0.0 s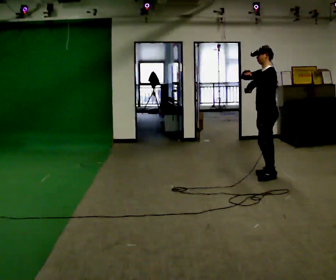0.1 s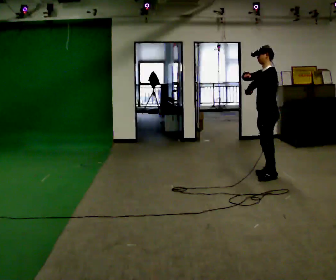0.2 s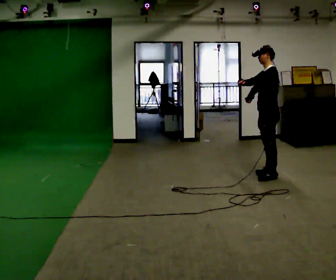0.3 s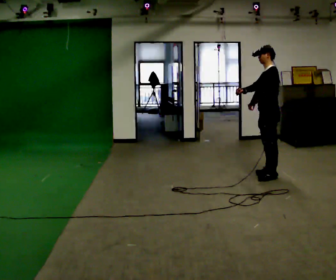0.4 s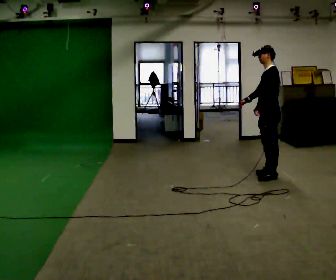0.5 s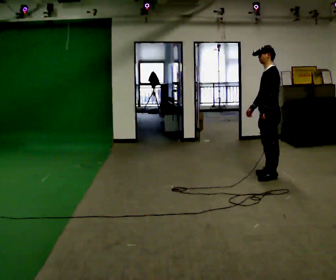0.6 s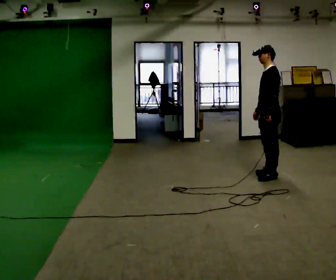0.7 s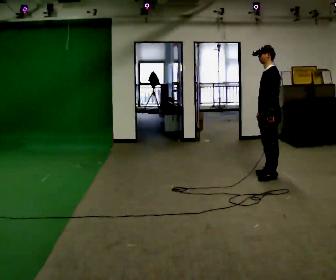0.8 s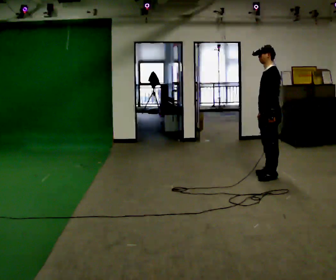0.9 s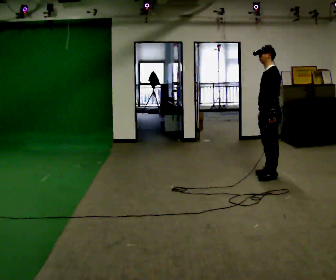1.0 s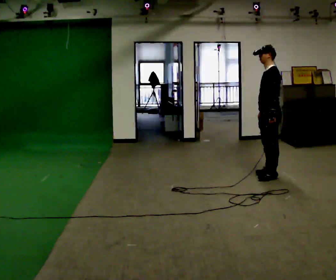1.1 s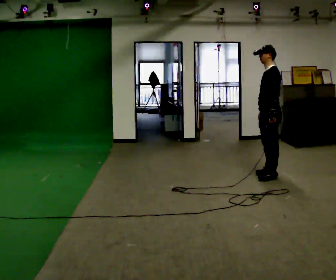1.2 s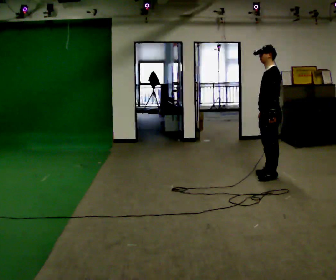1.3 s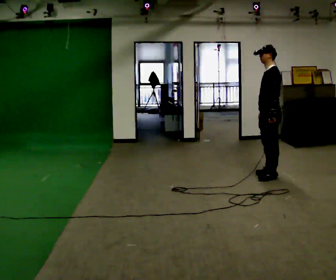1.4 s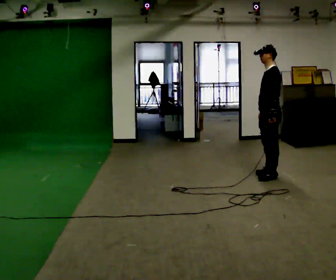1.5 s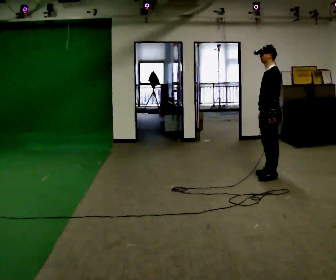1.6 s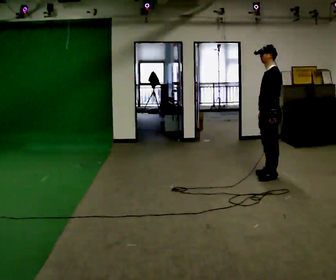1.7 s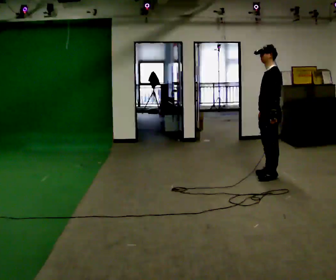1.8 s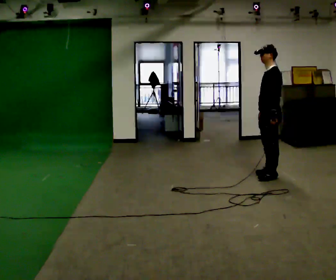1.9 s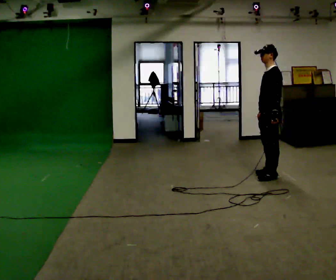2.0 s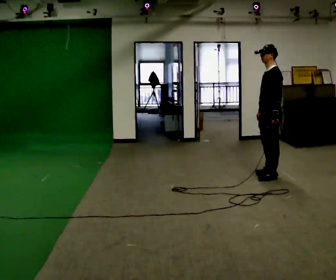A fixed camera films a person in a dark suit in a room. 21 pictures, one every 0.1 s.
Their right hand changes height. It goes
downward.
0.0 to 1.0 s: In the picture their right hand goes downward.
1.0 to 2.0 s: The person moves a little, or ends about where they began.
The film runs backward here.
